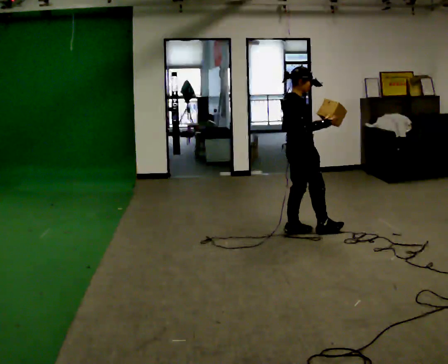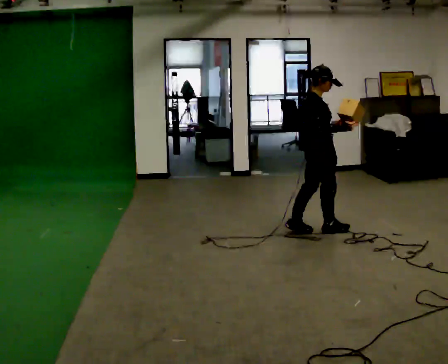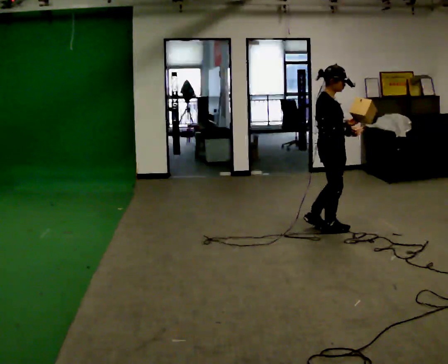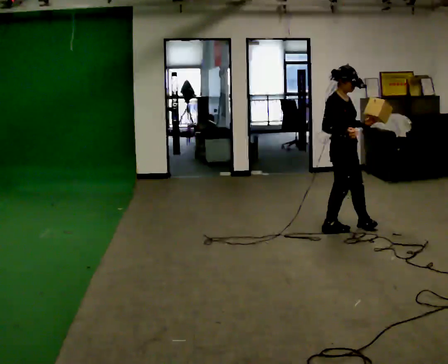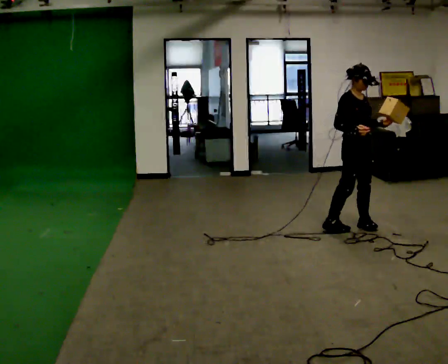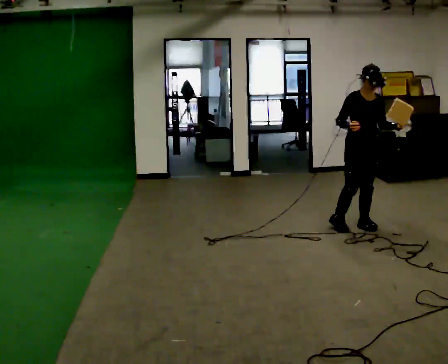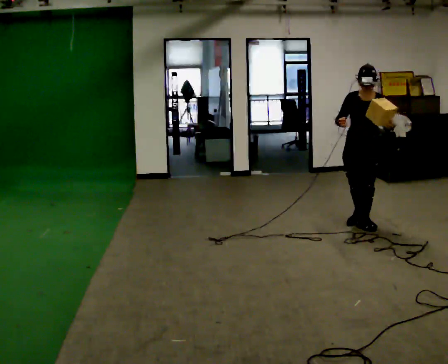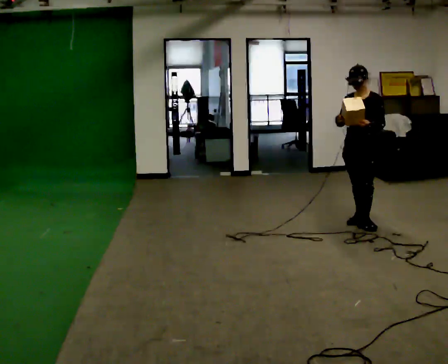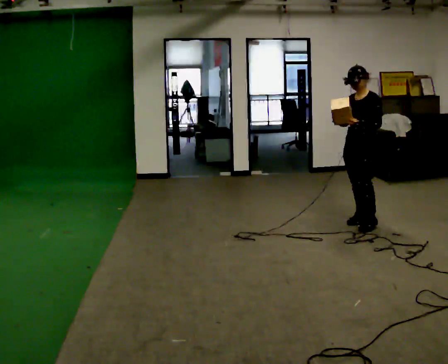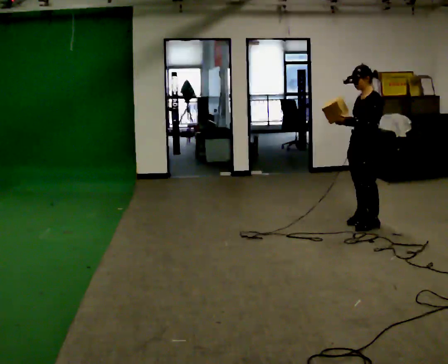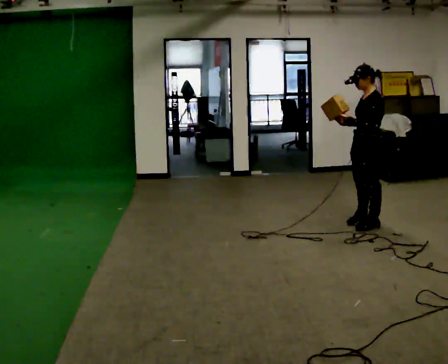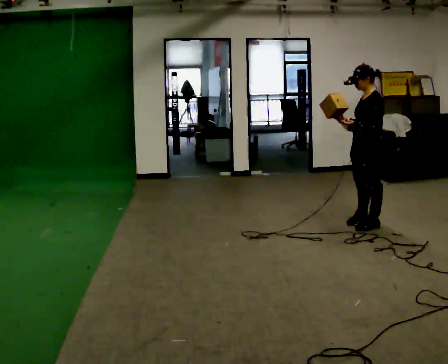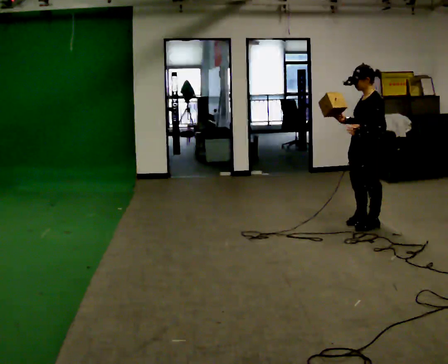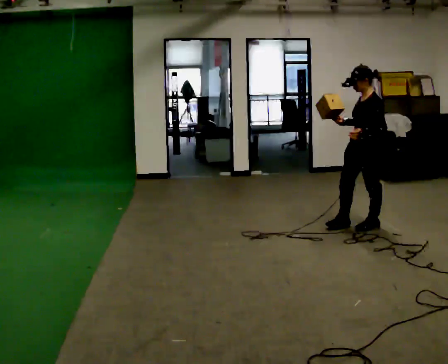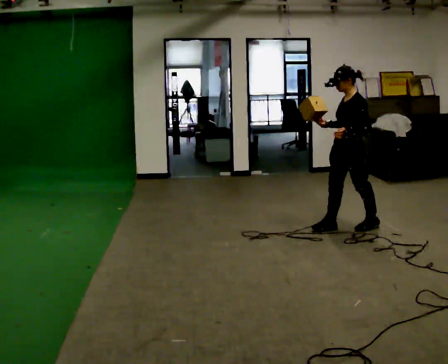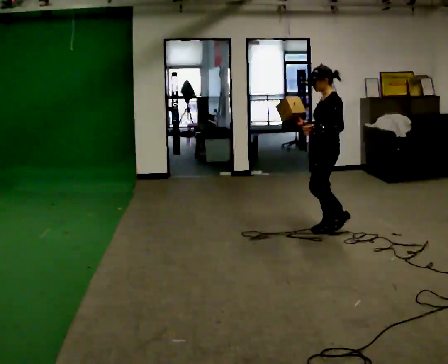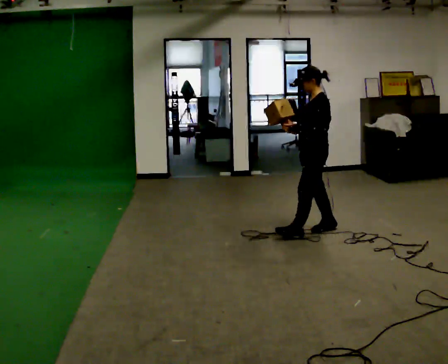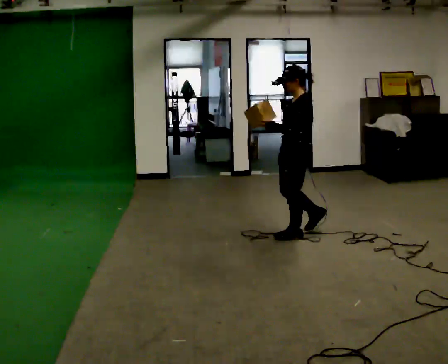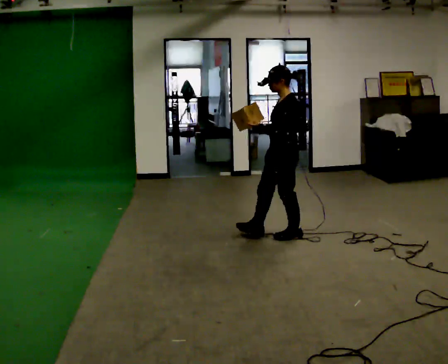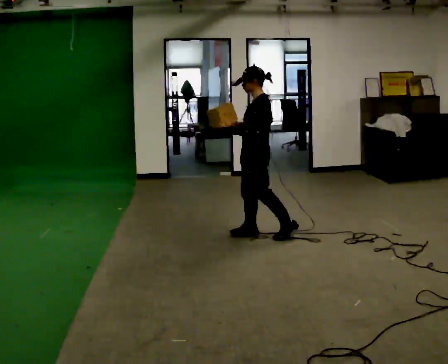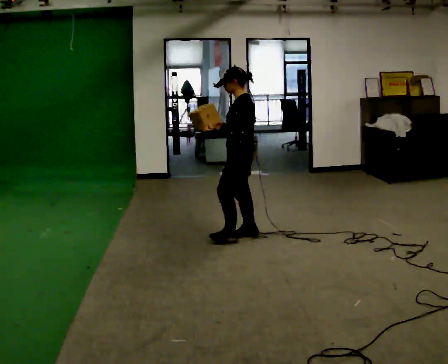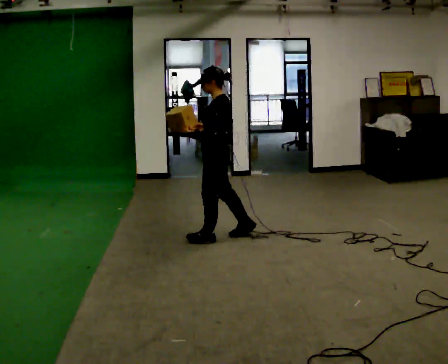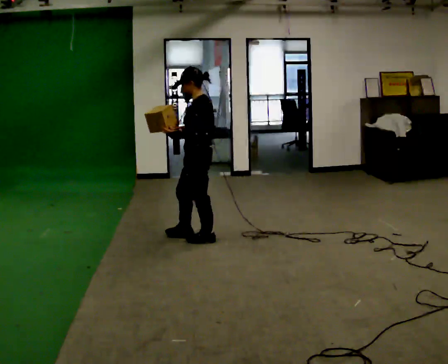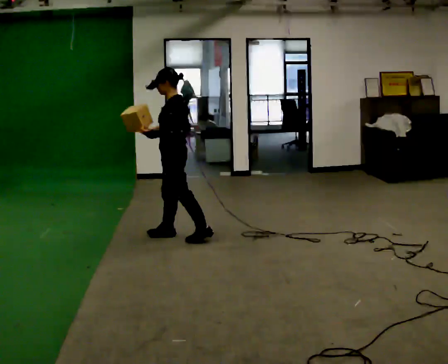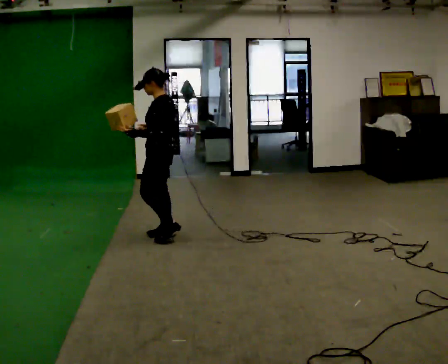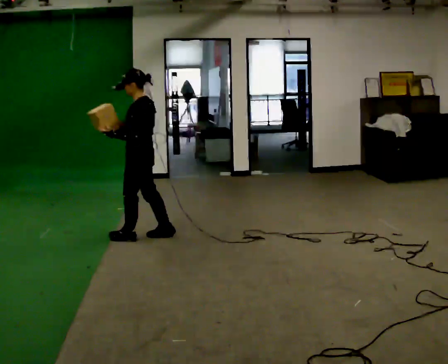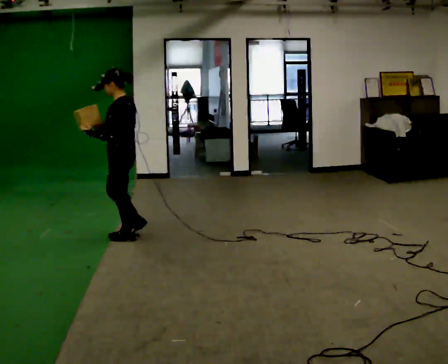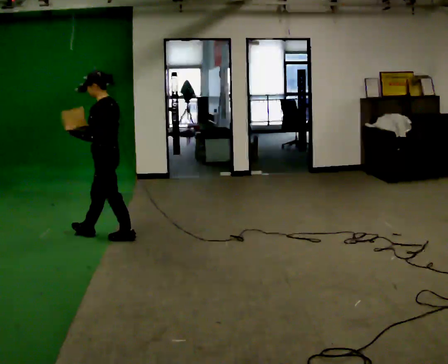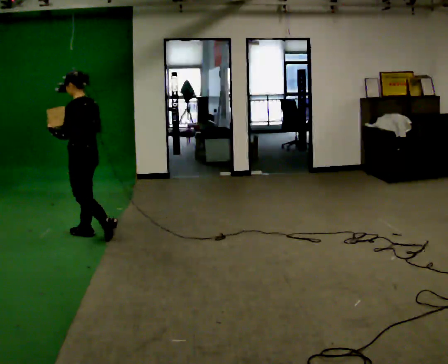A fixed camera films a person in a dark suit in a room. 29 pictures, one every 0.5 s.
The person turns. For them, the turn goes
to their right.
The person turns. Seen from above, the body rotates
clockwise.
0.0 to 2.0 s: The person turns about 45 degrees to their right, clockwise seen from above, so the part of the body nearest the lens slides to the left. In the picture they go to the right, about 0.5 m in 2 steps, which for them is forward.
2.0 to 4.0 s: Seen from above the body turns clockwise, about 105 degrees: to their right, with its near side sliding to the left. In the picture they go away from the camera, about 0.25 m in 1 step.
4.0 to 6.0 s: The person turns about 30 degrees to their right, clockwise seen from above, so the part of the body nearest the lens slides to the left. In the picture they go toward the camera, about 0.25 m, which for them is to their left.
6.0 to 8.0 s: In the picture they go to the left, about 0.5 m in 2 steps, which for them is forward.
8.0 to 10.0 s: In the picture they go to the left, about 0.75 m in 1 step, which for them is forward.
10.0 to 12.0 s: In the picture they go to the left, about 0.75 m in 2 steps, which for them is forward.
12.0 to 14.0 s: In the picture they go to the left, about 0.75 m in 2 steps, which for them is forward.
The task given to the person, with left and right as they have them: Carry the object in one hand and, while walking, pass it to your other hand. Keep passing it back and forth as you walk.
The film runs forward here.
